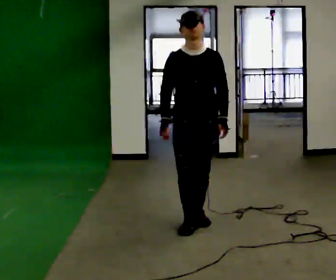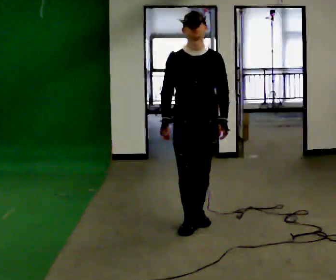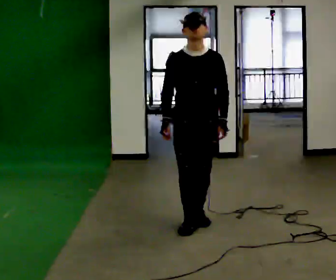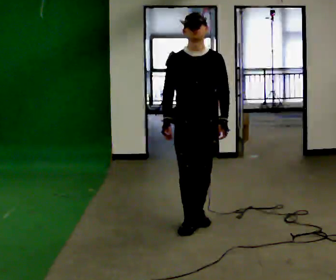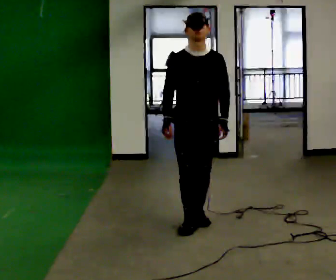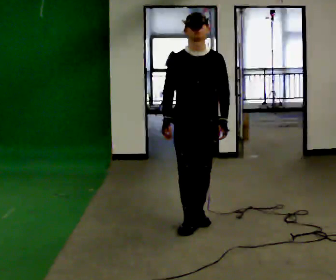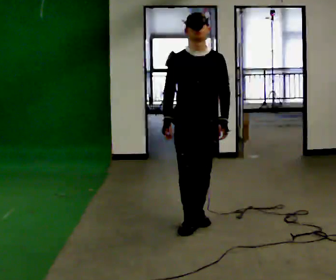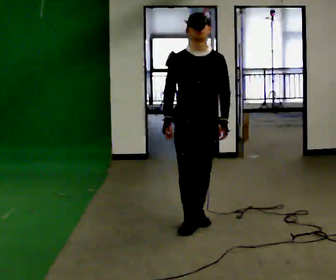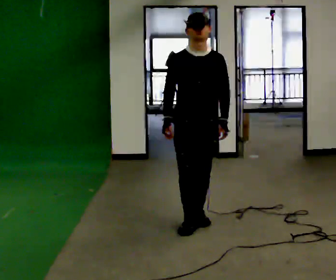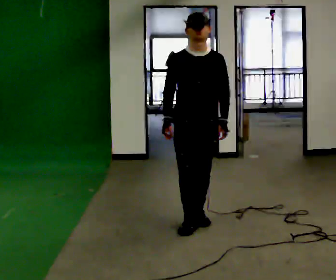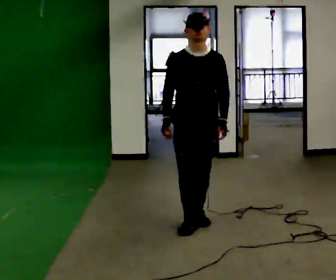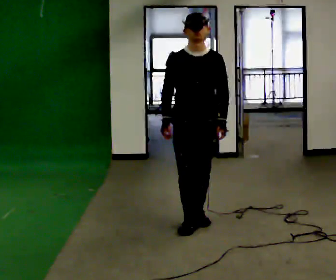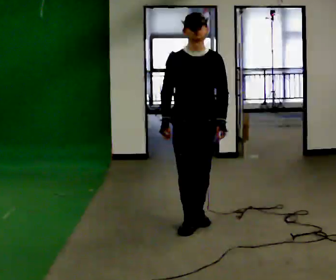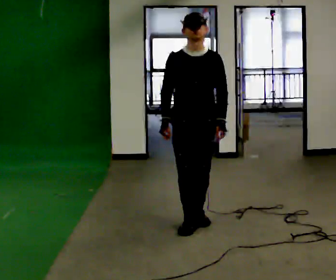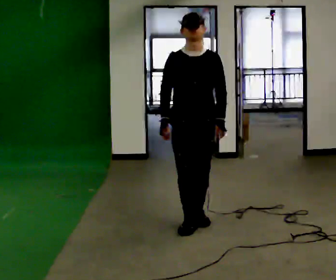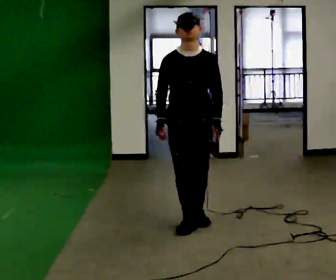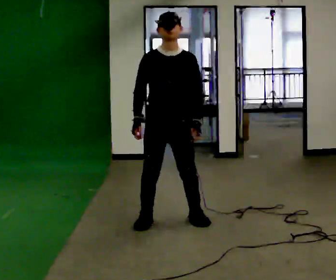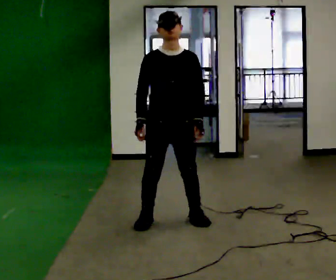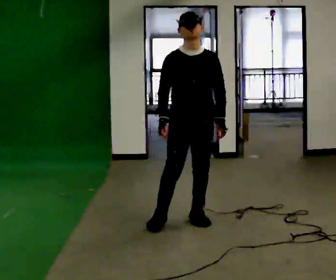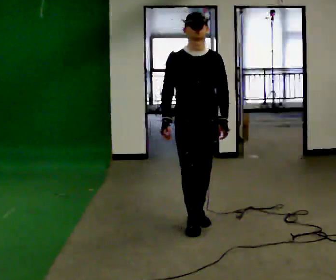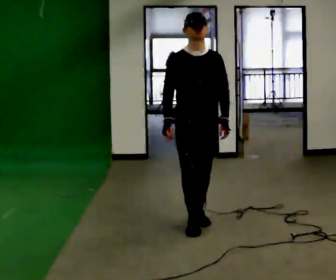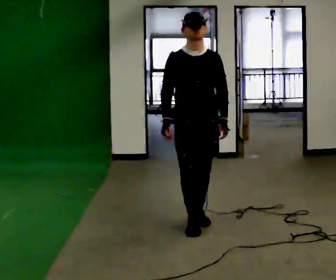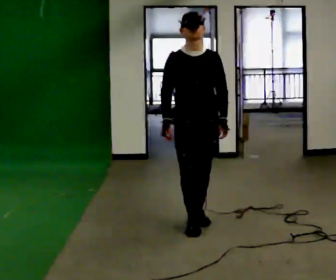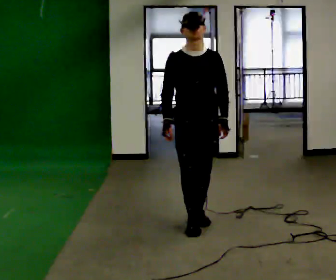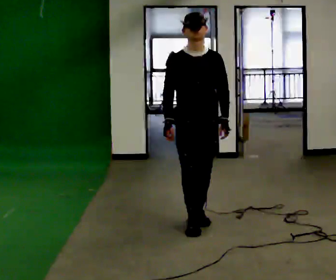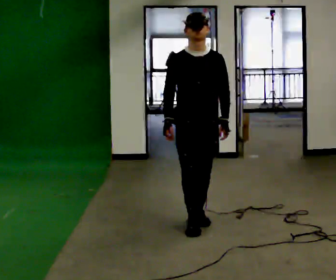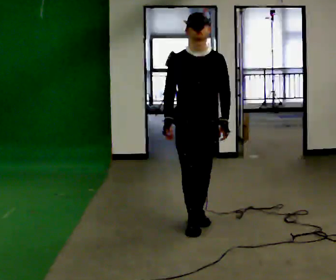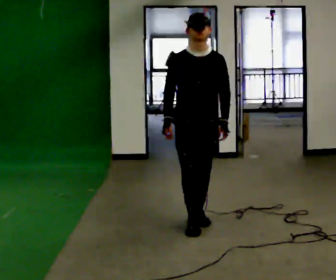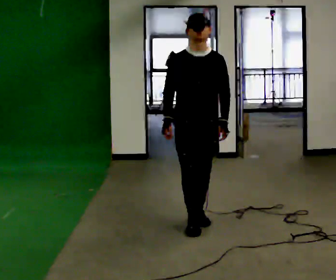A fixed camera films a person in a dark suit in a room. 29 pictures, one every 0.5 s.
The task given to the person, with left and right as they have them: Stand with one foot directly in front of the other, heel to toe, on the marked line. Hold your balance until you lose it, then step out. Repeat at your own pace until the operator says stop. Go slowly and only as far as you are comfortable. Step whenever you need to; do not try to hold on longer than feels safe.
0.0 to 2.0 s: The person moves a little, or ends about where they began.
2.0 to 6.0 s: The person keeps their place and pose.
6.0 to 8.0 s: In the picture they go to the left, about 0.25 m in 1 step, which for them is to their right.
8.0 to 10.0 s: In the picture they go to the right, about 0.25 m in 1 step, which for them is to their left.
10.0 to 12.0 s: The person moves a little, or ends about where they began.
12.0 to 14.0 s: The person keeps their place and pose.
The film runs forward here.
